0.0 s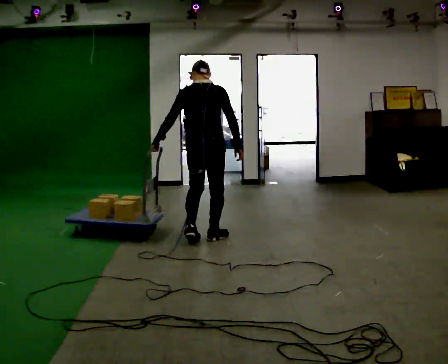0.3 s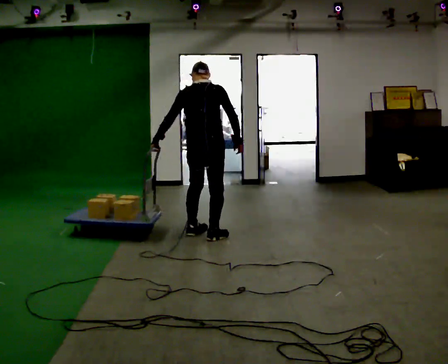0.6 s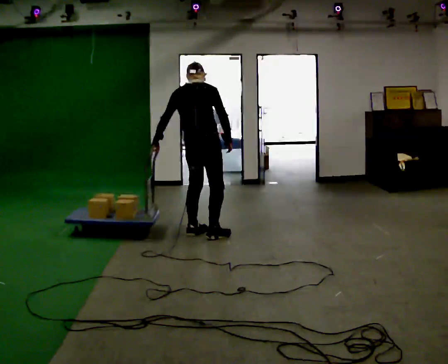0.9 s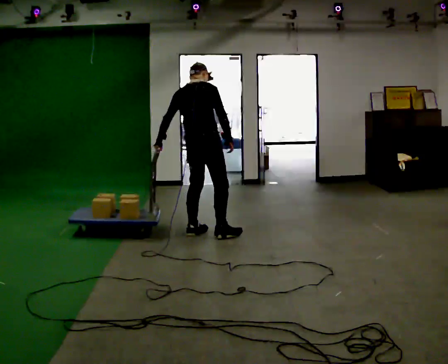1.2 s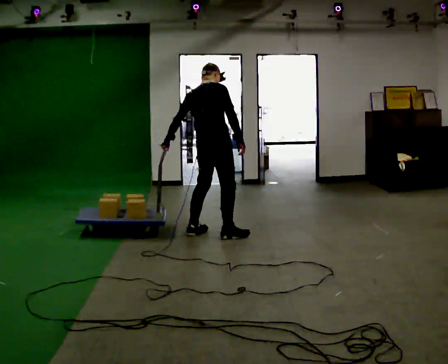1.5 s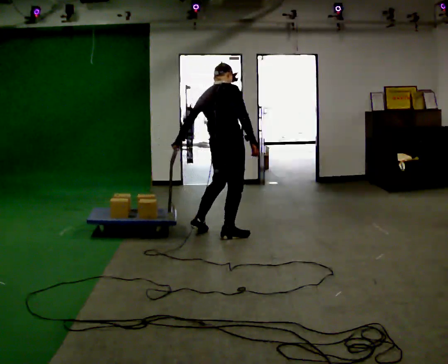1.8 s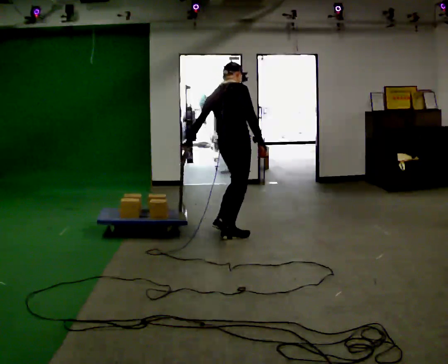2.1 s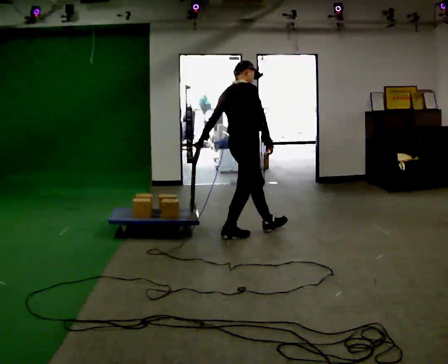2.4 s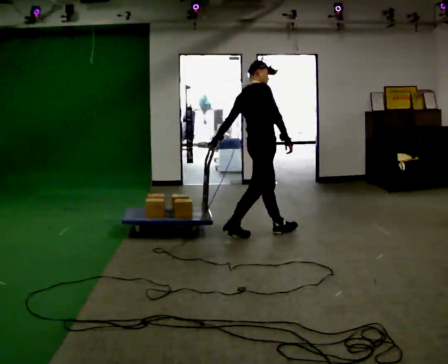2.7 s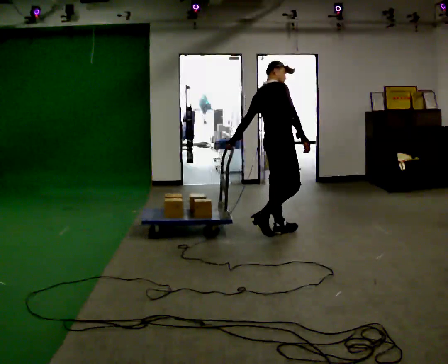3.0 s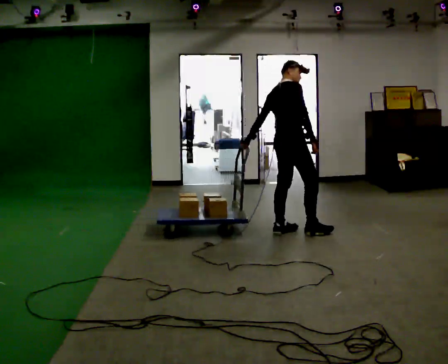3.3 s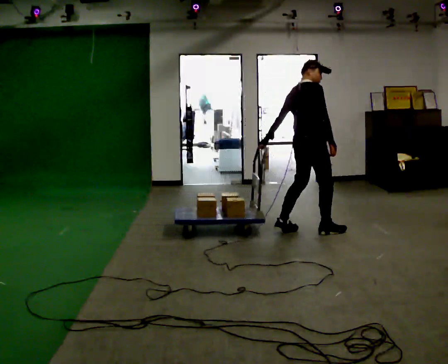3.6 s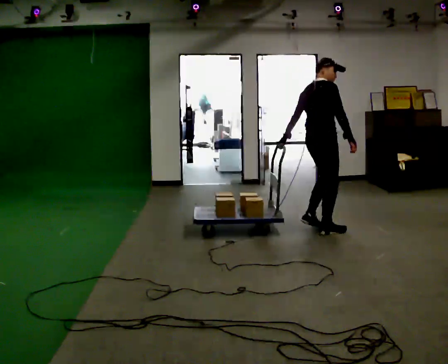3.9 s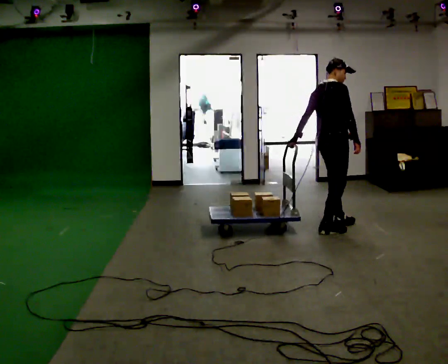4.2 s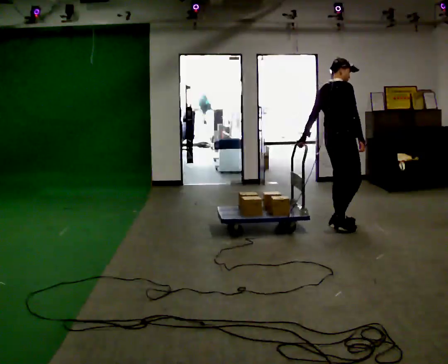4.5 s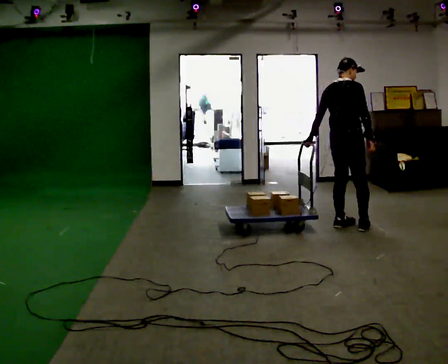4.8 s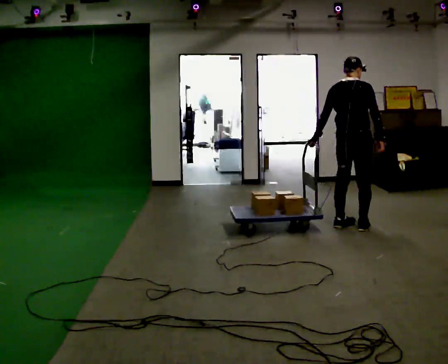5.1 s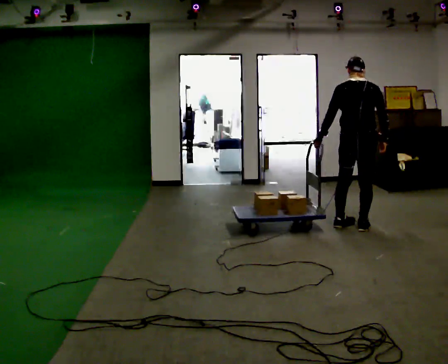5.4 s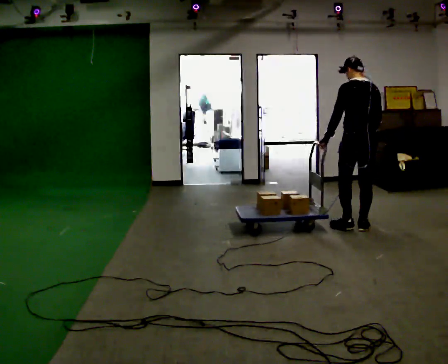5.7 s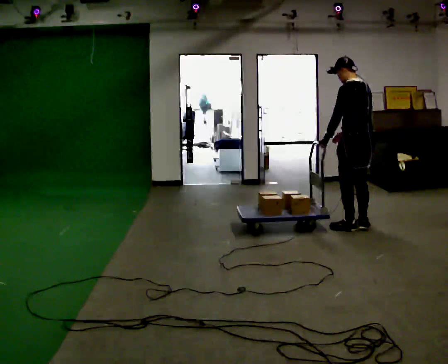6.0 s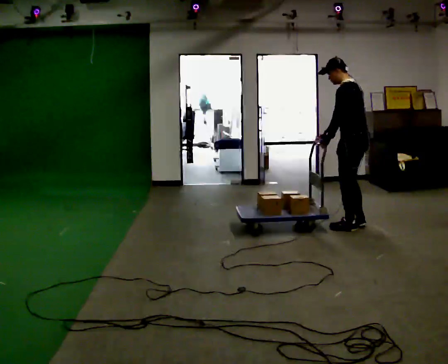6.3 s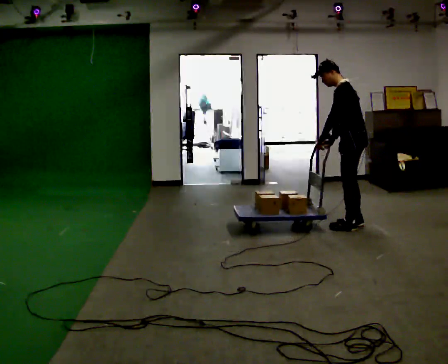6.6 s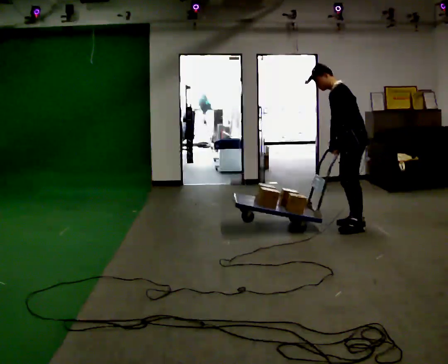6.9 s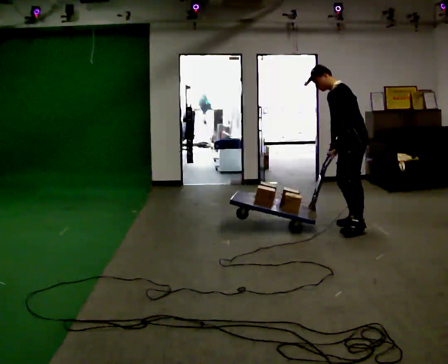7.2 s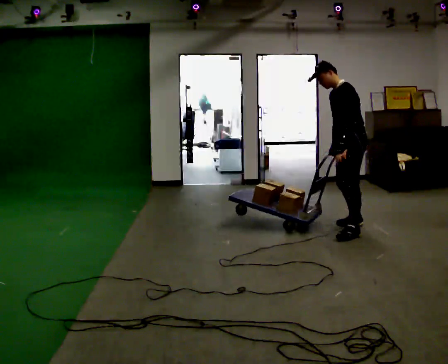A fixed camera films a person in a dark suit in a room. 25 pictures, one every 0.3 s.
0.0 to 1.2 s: The part of the body nearest the lens slides to the left as the person turns to their right by about 30 degrees.
1.2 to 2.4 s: Seen from above the body turns clockwise, about 30 degrees: to their right, with its near side sliding to the left. In the picture they go to the right, about 0.5 m in 1 step, which for them is forward and to their right.
2.4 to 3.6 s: In the picture they go to the right, about 0.5 m in 1 step, which for them is forward.
3.6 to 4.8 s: Seen from above the body turns counterclockwise, about 30 degrees: to their left, with its near side sliding to the right. In the picture they go to the right, about 0.25 m in 2 steps, which for them is forward.
4.8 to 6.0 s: The person turns about 90 degrees to their left, counterclockwise seen from above, so the part of the body nearest the lens slides to the right. In the picture their right hand goes to the left, the arm swinging clockwise.
6.0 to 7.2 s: The person turns about 45 degrees to their left, counterclockwise seen from above, so the part of the body nearest the lens slides to the right.
The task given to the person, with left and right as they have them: Hold the rope in both hands and drag the sled towards you as you walk backward. The operator will confirm the space behind you is clear.
The film runs forward here.
